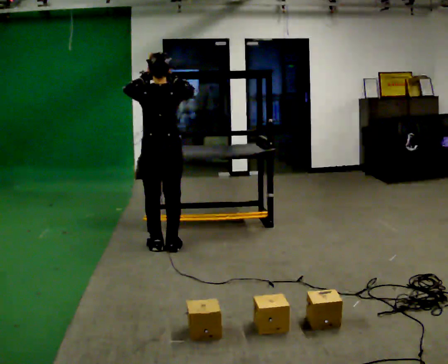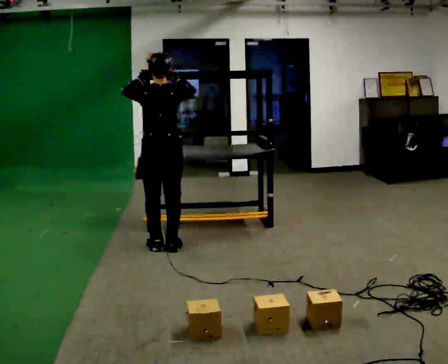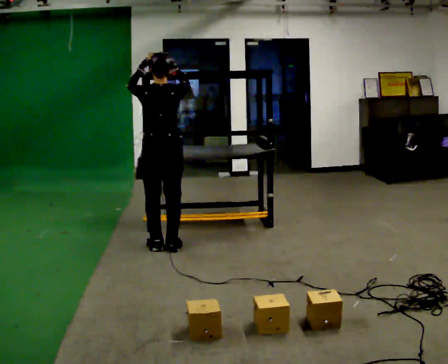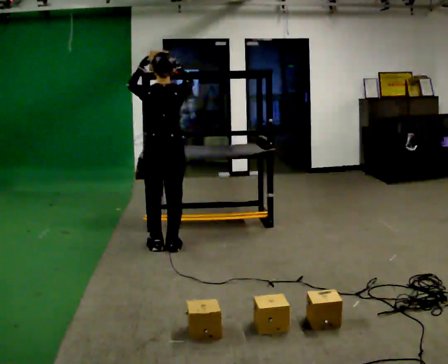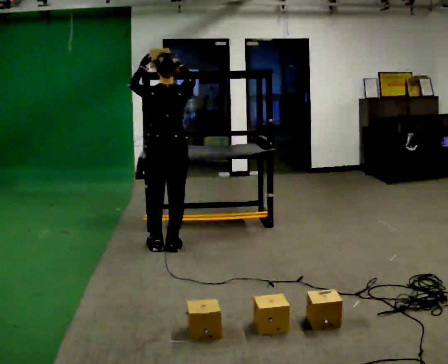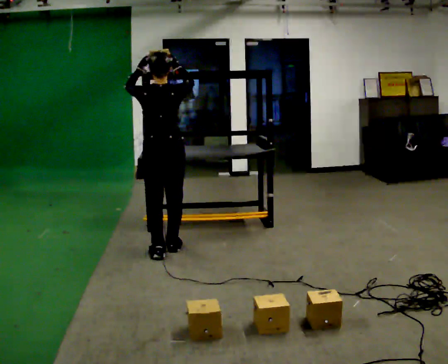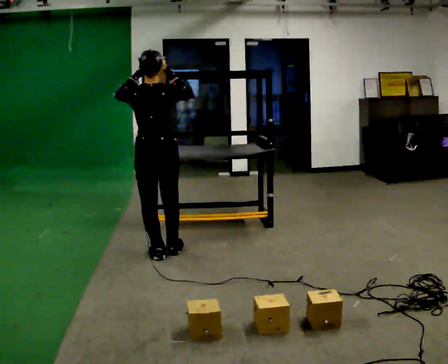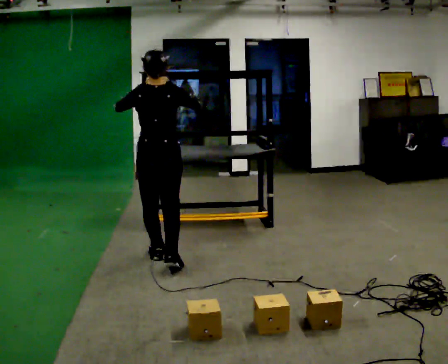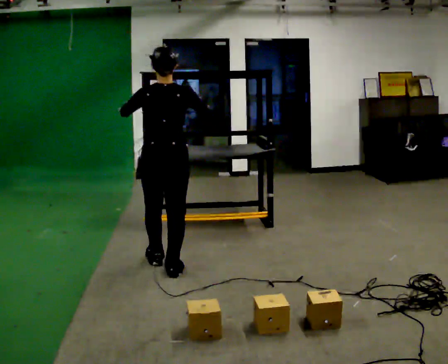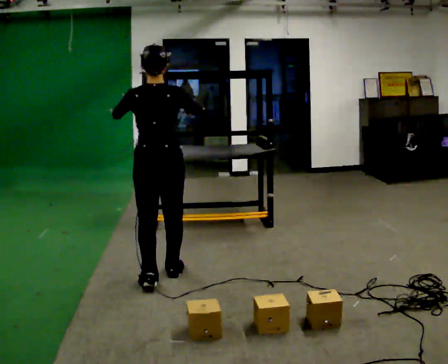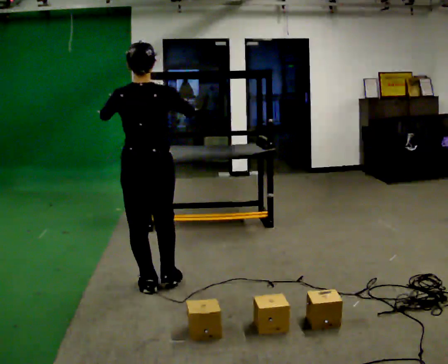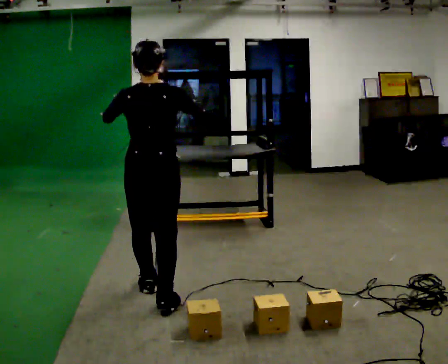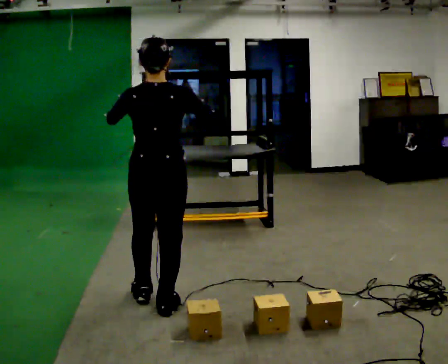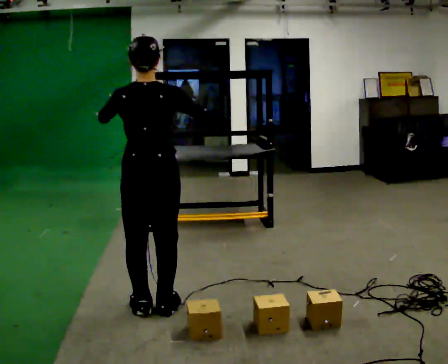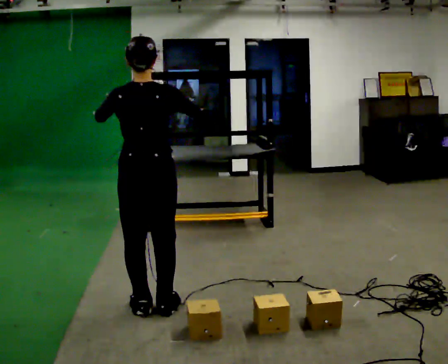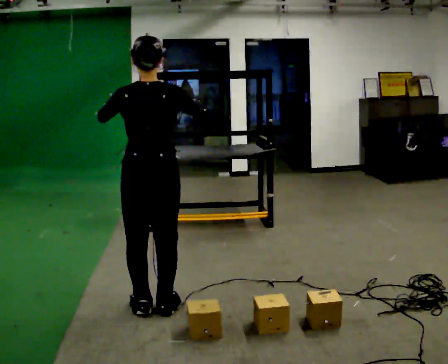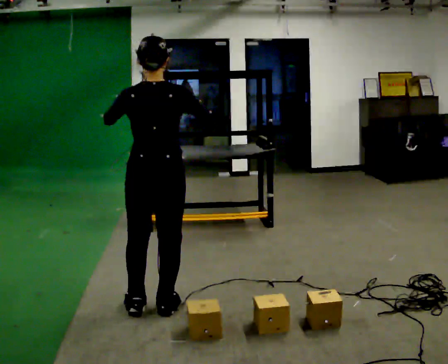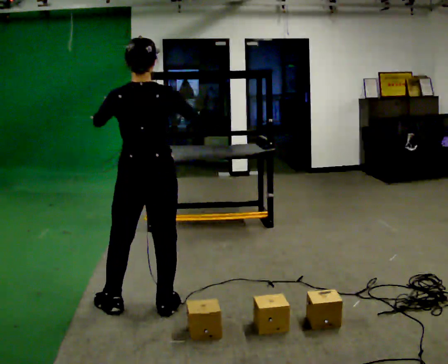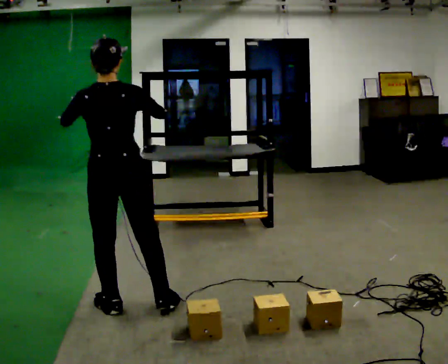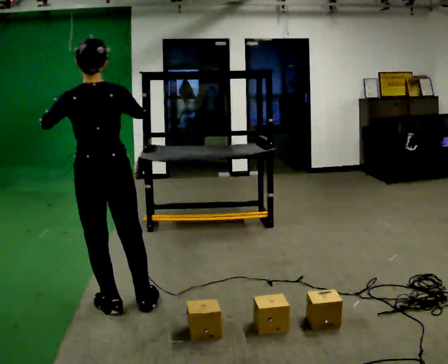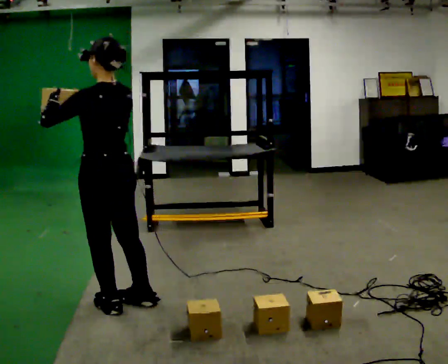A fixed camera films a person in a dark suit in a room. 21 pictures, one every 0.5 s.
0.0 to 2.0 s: The person moves a little, or ends about where they began.
2.0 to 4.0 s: In the picture they go toward the camera, about 0.5 m in 3 steps, which for them is backward.
4.0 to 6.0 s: In the picture they go toward the camera, about 0.75 m in 2 steps, which for them is backward.
6.0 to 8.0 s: The person moves a little, or ends about where they began.
8.0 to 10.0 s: The person turns about 45 degrees to their left, counterclockwise seen from above, so the part of the body nearest the lens slides to the right. In the picture they go to the left, about 0.25 m, which for them is to their left.
The film runs backward here.
